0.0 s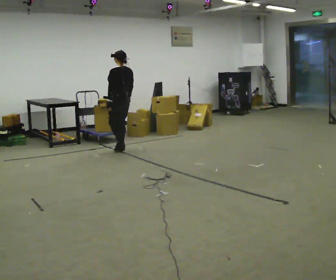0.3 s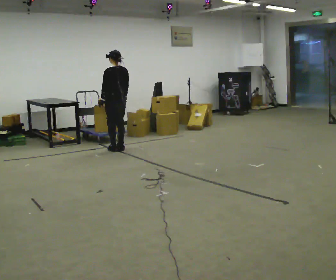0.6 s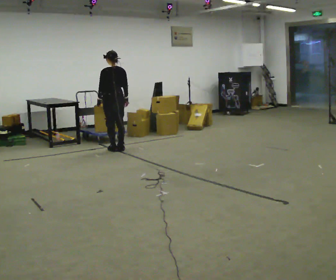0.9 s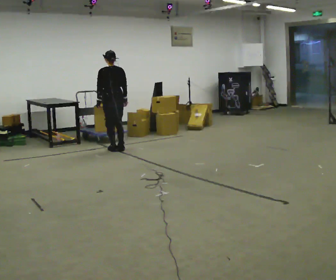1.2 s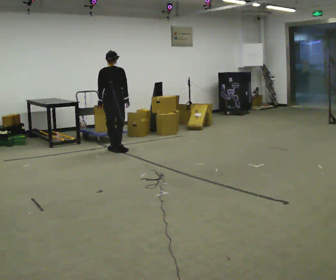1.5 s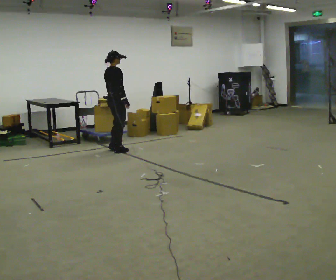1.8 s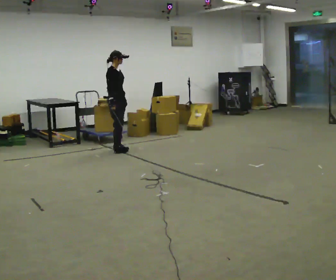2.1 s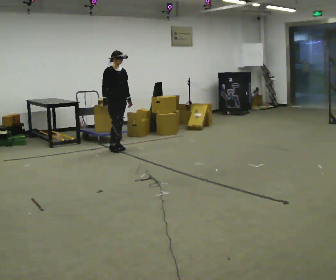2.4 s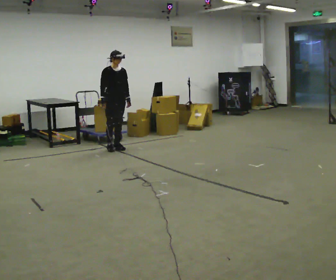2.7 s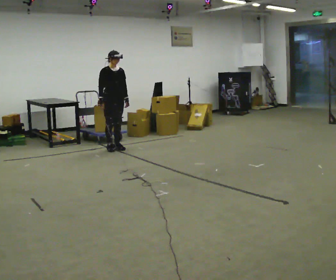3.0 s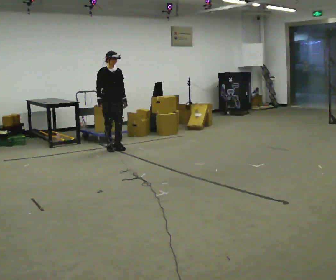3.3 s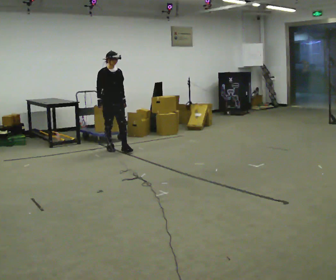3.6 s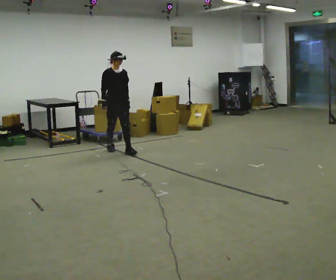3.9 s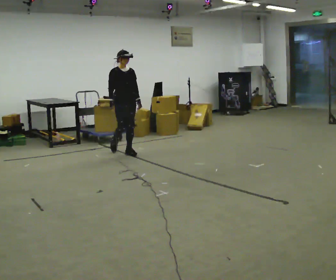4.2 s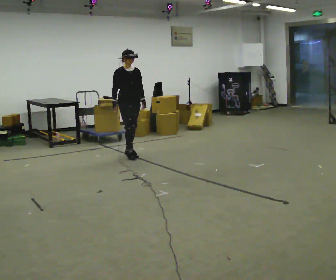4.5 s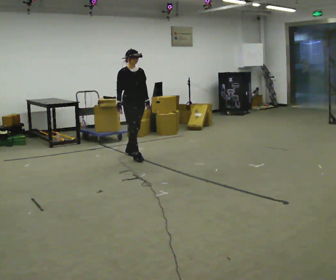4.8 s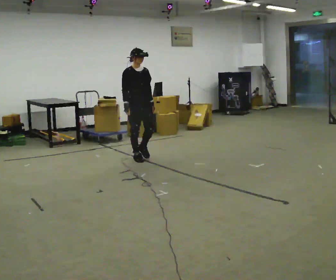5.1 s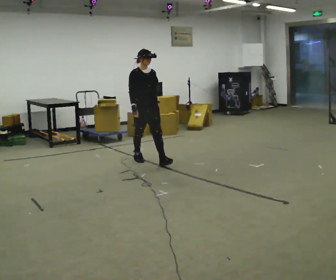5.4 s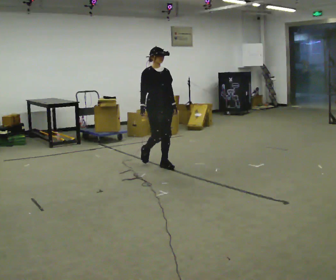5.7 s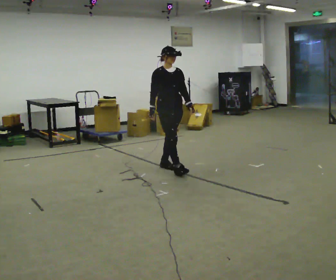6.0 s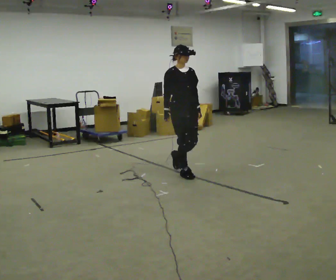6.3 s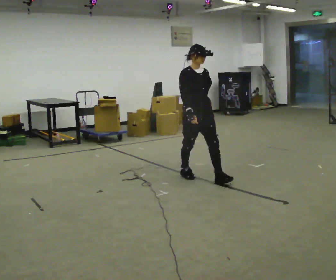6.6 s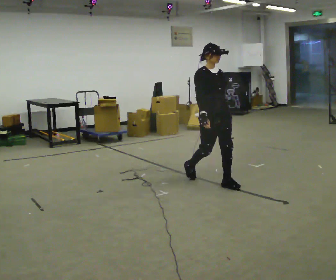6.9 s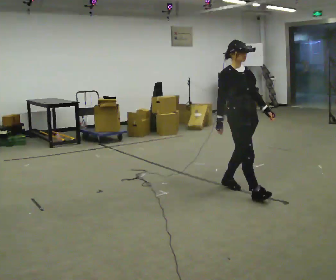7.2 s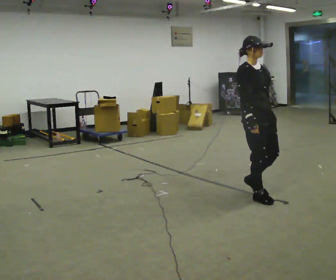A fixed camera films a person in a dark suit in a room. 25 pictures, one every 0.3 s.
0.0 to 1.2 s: The person turns about 45 degrees to their right, clockwise seen from above, so the part of the body nearest the lens slides to the left.
1.2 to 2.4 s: Seen from above the body turns clockwise, about 135 degrees: to their right, with its near side sliding to the left. In the picture they go away from the camera, about 0.25 m in 2 steps. In the picture their right hand goes to the left, the arm swinging clockwise.
2.4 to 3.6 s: In the picture they go toward the camera, about 0.25 m in 1 step, which for them is forward.
3.6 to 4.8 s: In the picture they go toward the camera and to the right, about 0.75 m in 1 step, which for them is forward.
4.8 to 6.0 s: In the picture they go toward the camera and to the right, about 1 m in 2 steps, which for them is forward.
6.0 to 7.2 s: In the picture they go toward the camera and to the right, about 1 m in 2 steps, which for them is forward.
The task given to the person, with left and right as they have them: Start still; gradually go slow → normal → fast; briefly maintain fast speed; stop.
The film runs forward here.
